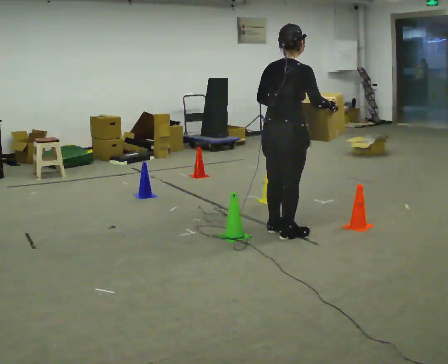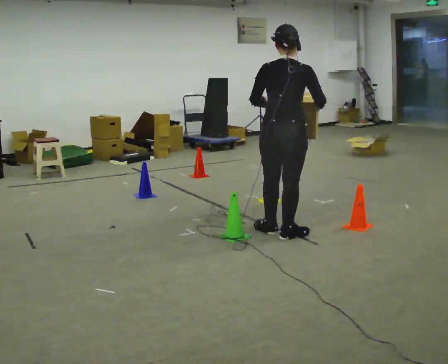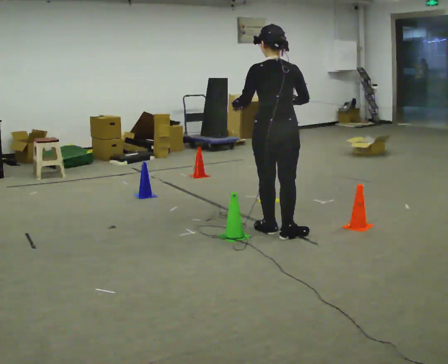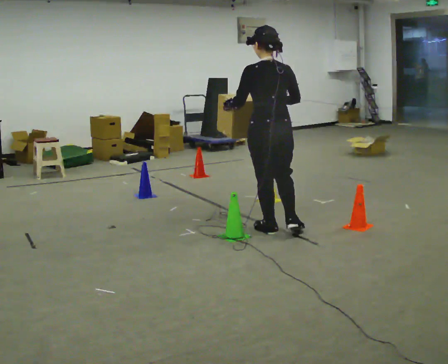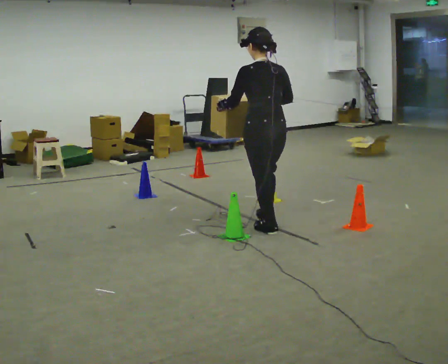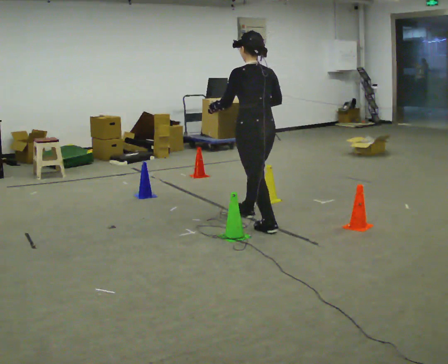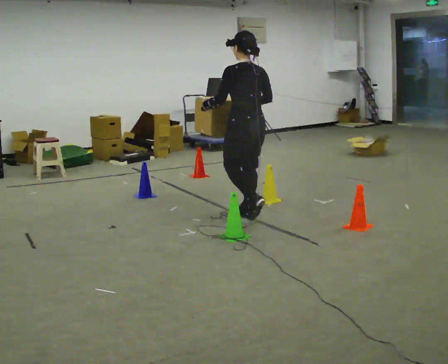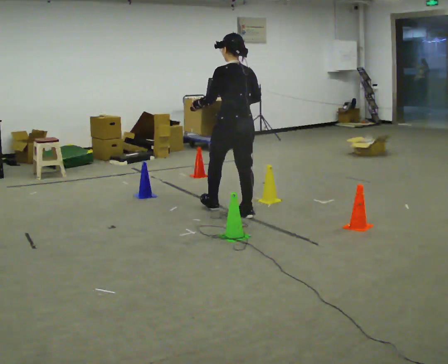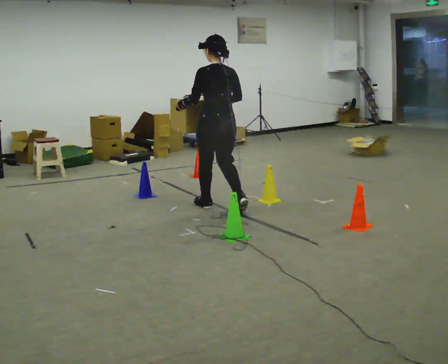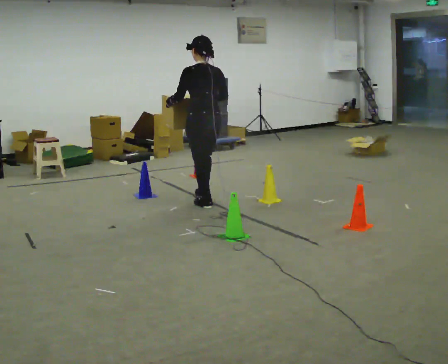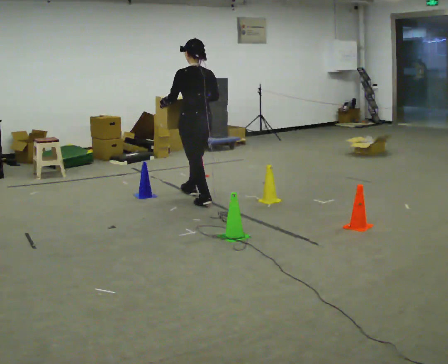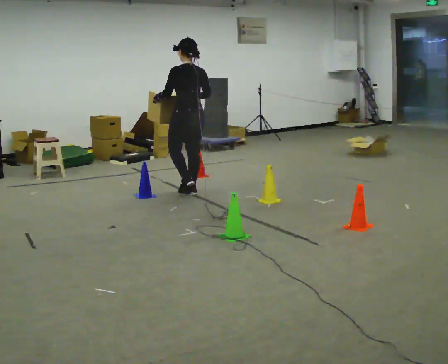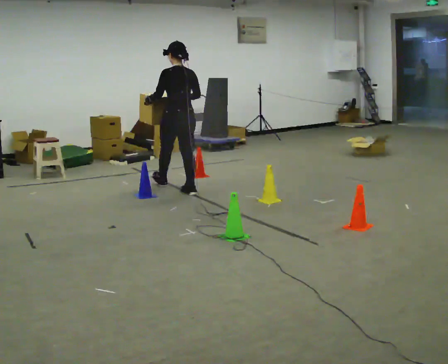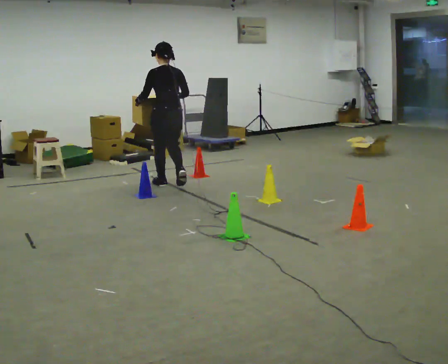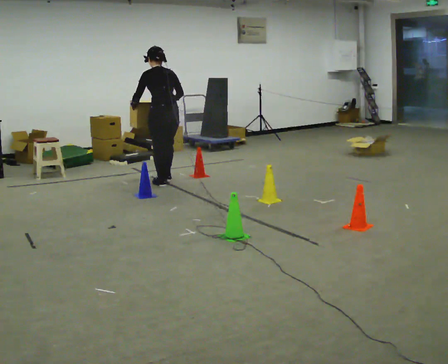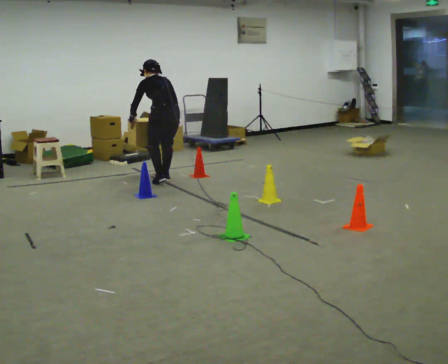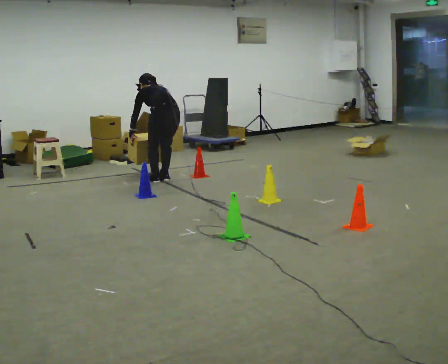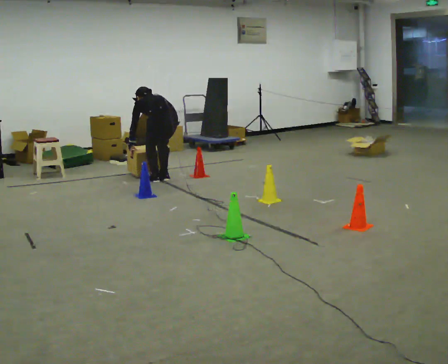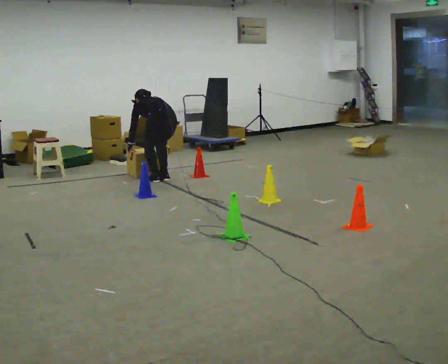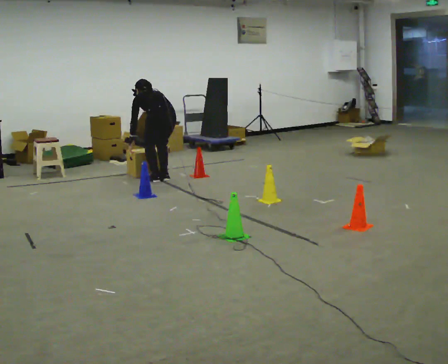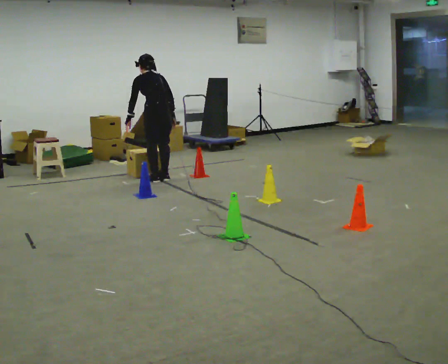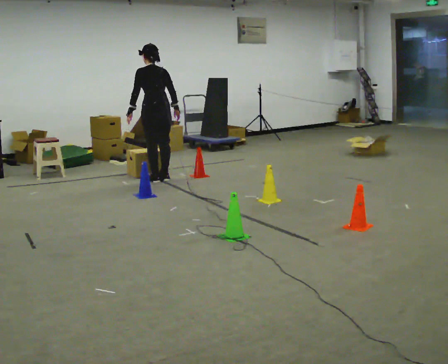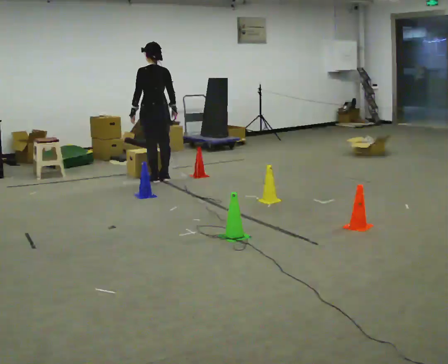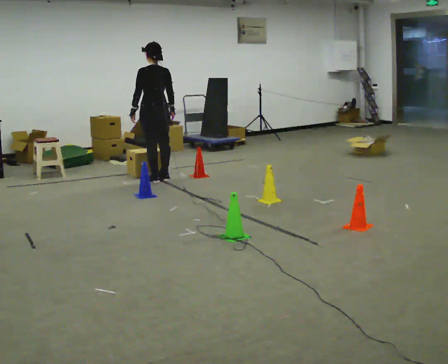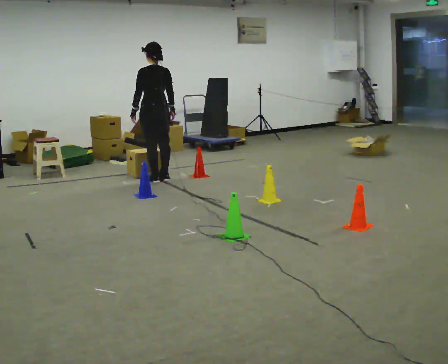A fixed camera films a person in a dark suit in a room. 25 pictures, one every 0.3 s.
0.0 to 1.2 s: The part of the body nearest the lens slides to the right as the person turns to their left by about 60 degrees. In the picture they go away from the camera, about 0.25 m. In the picture their right hand goes to the left.
1.2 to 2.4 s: In the picture they go away from the camera and to the left, about 0.5 m in 2 steps, which for them is forward.
2.4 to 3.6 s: In the picture they go away from the camera and to the left, about 1 m in 1 step, which for them is forward.
3.6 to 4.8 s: In the picture they go away from the camera and to the left, about 0.5 m in 2 steps, which for them is forward. The upper body goes downward. The upper body tips away from the camera, its near side rolling upward, as they bend forward. In the picture their right hand goes downward.
4.8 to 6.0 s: The person moves a little, or ends about where they began.
6.0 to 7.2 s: The shoulders move upward. The upper body tips toward the camera, its near side rolling downward, as they lean back or straighten.
The film runs forward here.
